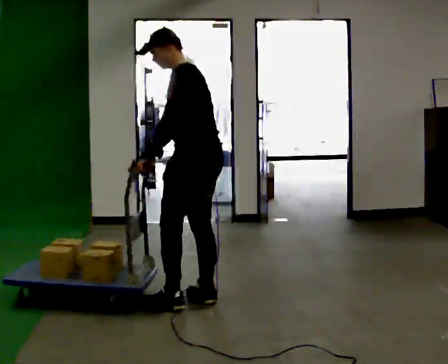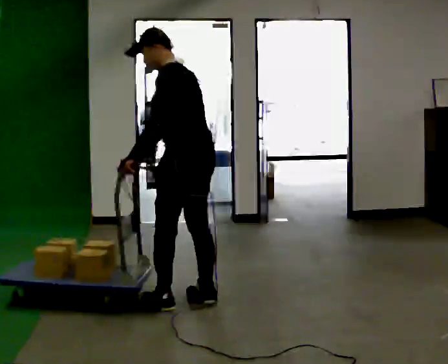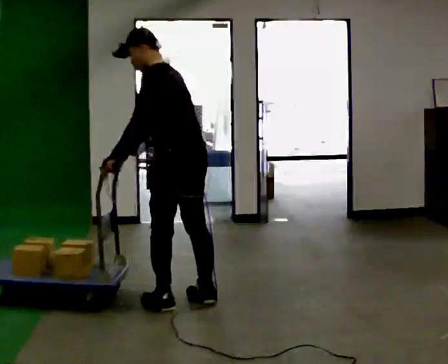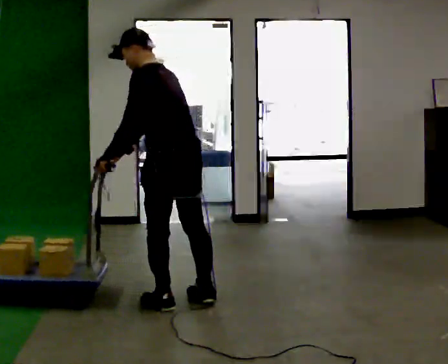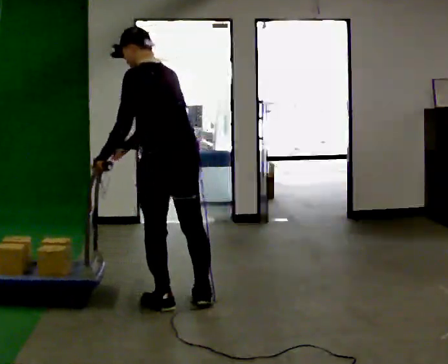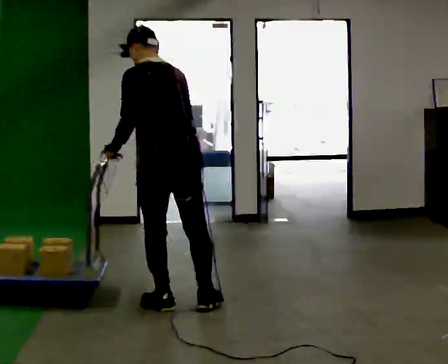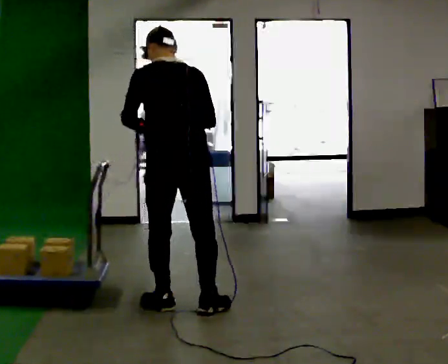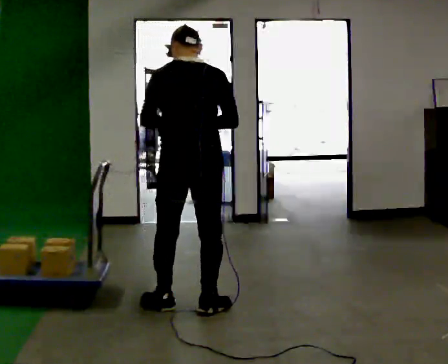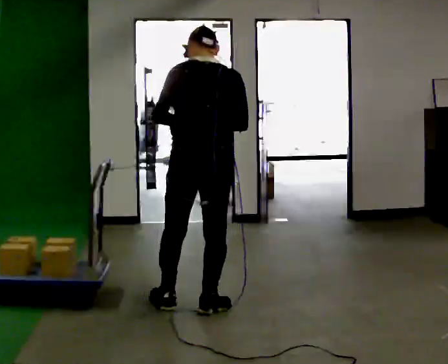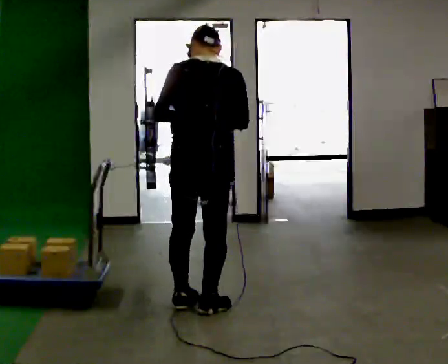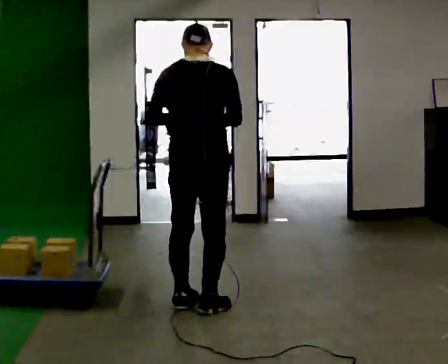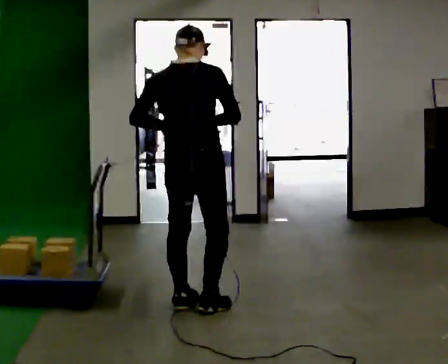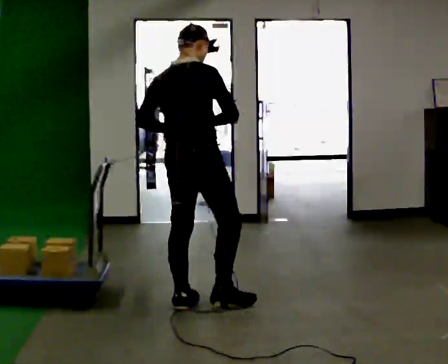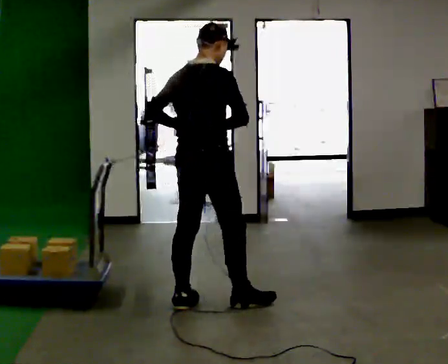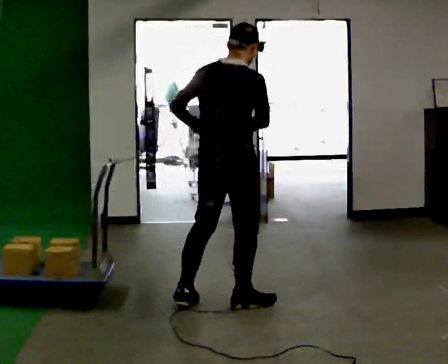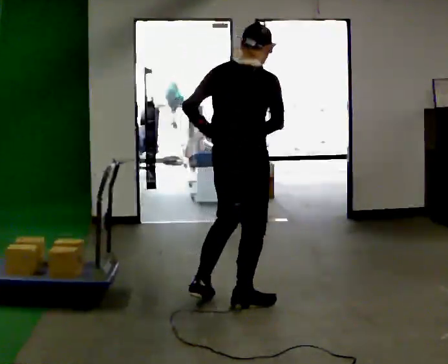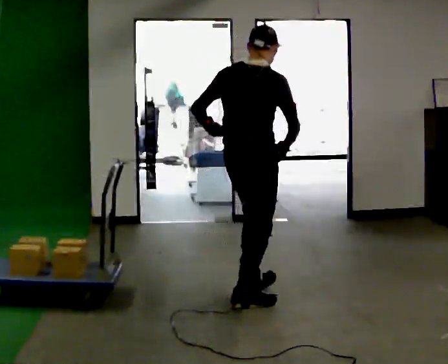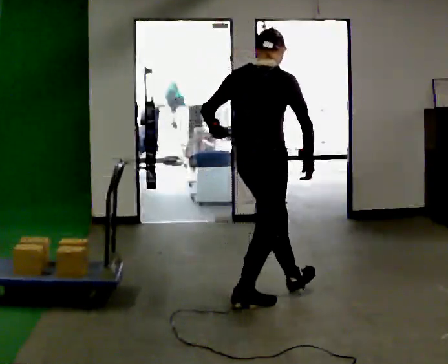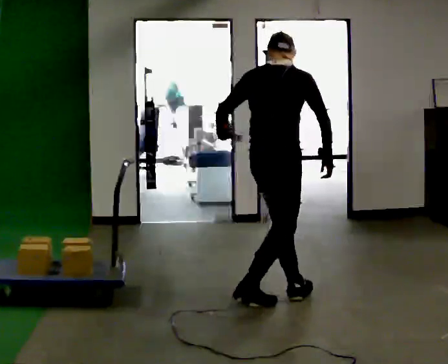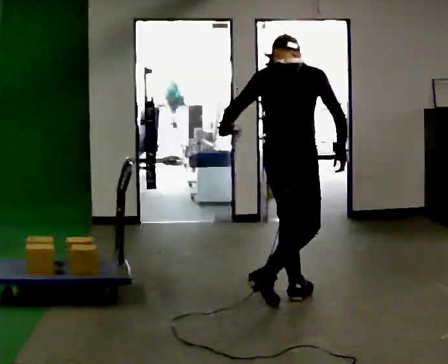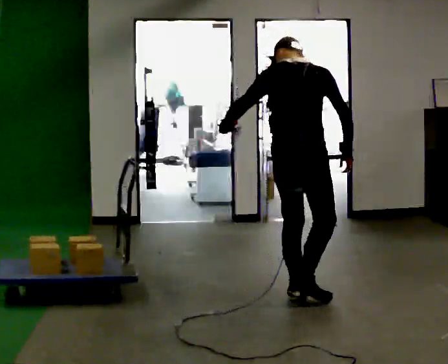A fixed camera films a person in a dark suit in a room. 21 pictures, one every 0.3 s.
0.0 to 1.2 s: The person turns about 30 degrees to their right, clockwise seen from above, so the part of the body nearest the lens slides to the left. In the picture they go toward the camera and to the left, about 0.25 m, which for them is to their left.
1.2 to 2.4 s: The person turns about 45 degrees to their right, clockwise seen from above, so the part of the body nearest the lens slides to the left. In the picture they go to the right, about 0.25 m in 1 step, which for them is to their right. In the picture the upper body tilts clockwise, shoulders to the right. In the picture their left hand goes to the right.
2.4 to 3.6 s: The part of the body nearest the lens slides to the left as the person turns to their right by about 45 degrees.
3.6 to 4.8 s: In the picture they go to the right, about 0.25 m in 1 step, which for them is to their right and forward.
4.8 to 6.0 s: In the picture they go to the right, about 0.25 m in 1 step, which for them is forward.
The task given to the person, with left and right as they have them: Drag the sled across the room. The bags on it are loose and will move about as it goes. The operator will log the load and the peak reading on the scale for every take.
The film runs forward here.
